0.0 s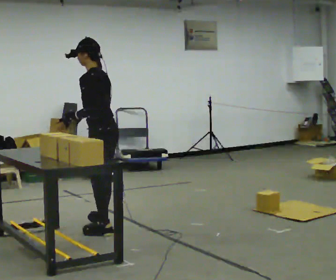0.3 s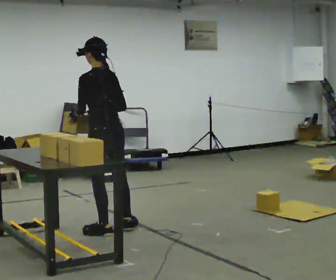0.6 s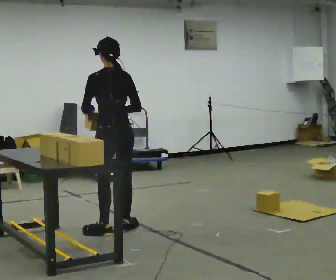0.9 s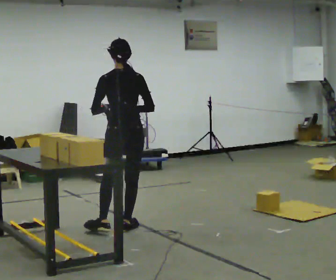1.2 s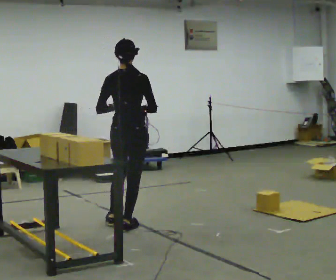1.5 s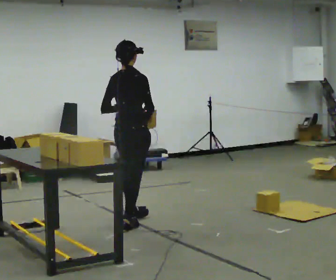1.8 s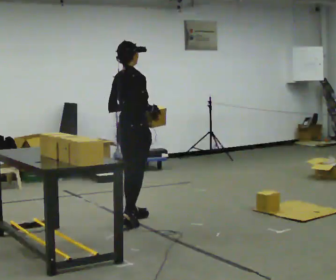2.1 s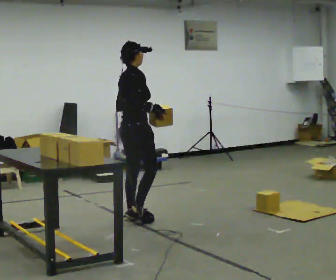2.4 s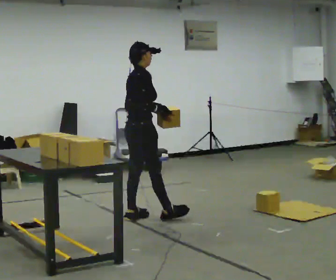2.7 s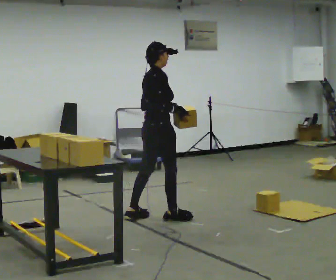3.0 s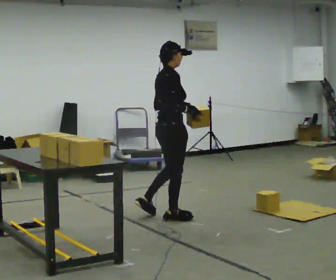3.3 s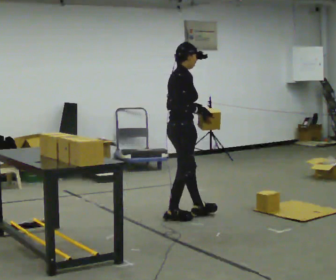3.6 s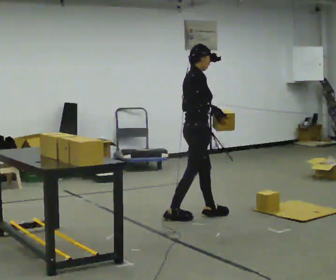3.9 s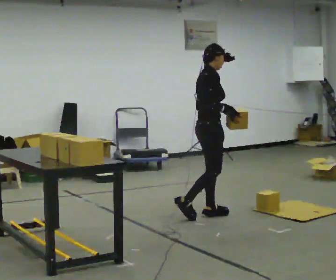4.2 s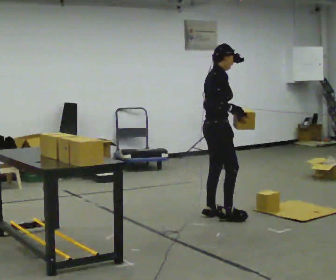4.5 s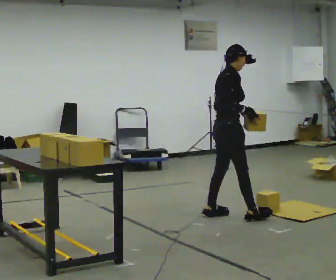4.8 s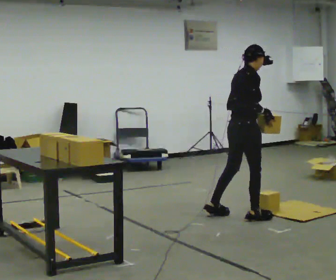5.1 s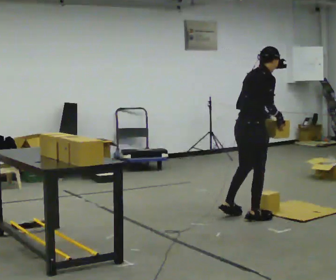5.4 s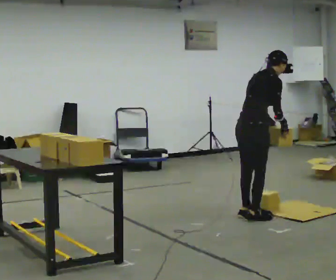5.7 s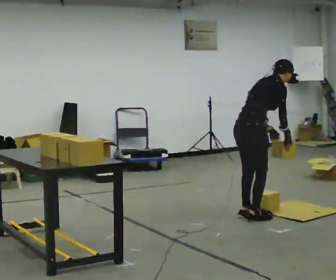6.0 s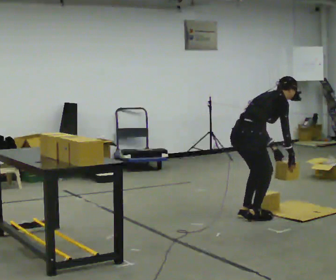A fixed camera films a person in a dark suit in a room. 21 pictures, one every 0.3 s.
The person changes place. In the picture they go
to the right.
The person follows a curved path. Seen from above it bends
clockwise.
0.0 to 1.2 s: The person turns about 75 degrees to their right, clockwise seen from above, so the part of the body nearest the lens slides to the left. In the picture they go away from the camera and to the right, about 0.25 m in 1 step.
1.2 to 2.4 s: The person turns about 45 degrees to their right, clockwise seen from above, so the part of the body nearest the lens slides to the left. In the picture they go away from the camera, about 0.25 m in 1 step, which for them is to their left and forward.
2.4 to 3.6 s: In the picture they go to the right, about 0.5 m in 2 steps, which for them is forward.
3.6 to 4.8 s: In the picture they go to the right, about 0.5 m in 1 step, which for them is forward.
4.8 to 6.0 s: The shoulders move downward. In the picture the upper body tilts clockwise, shoulders to the right, as they bend forward. In the picture their left hand goes downward.
The film runs forward here.
